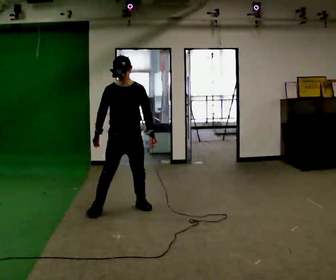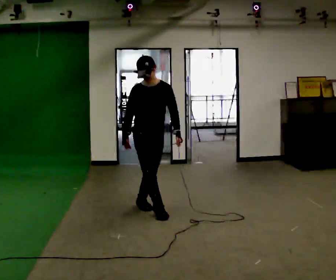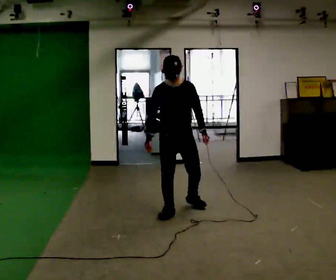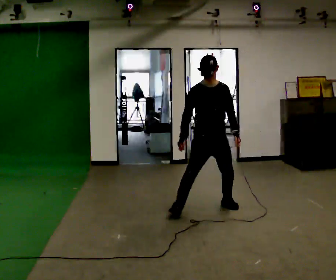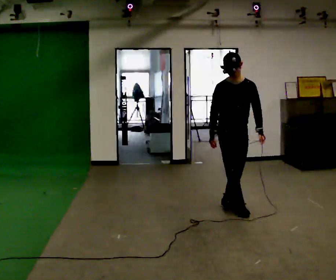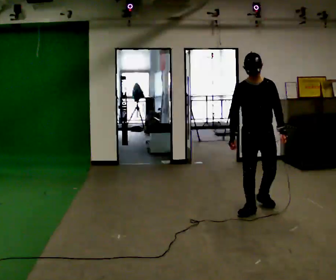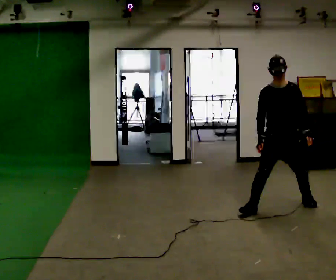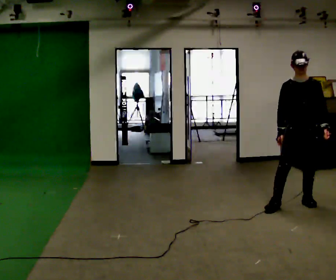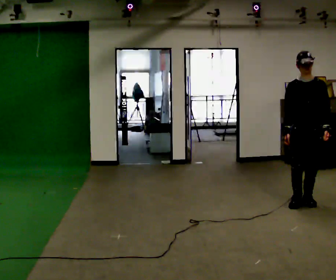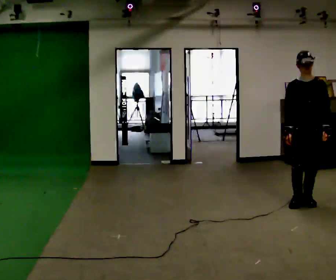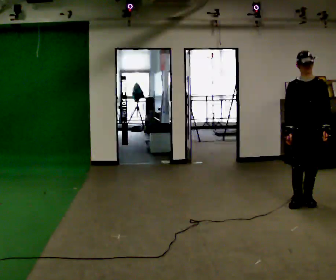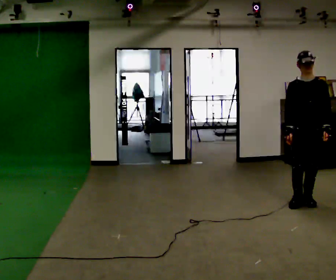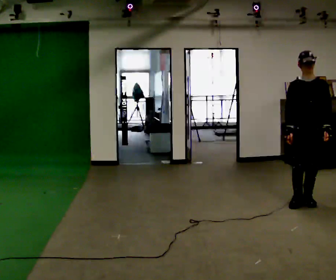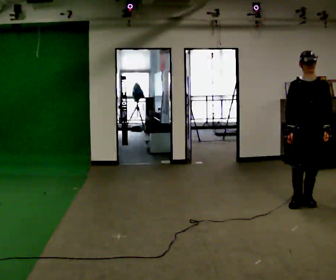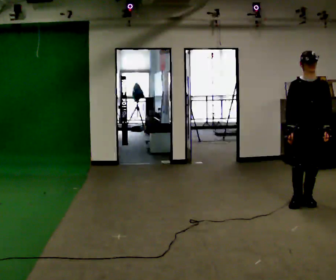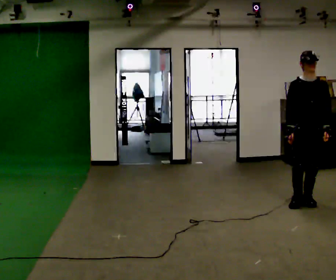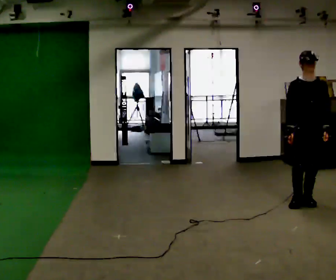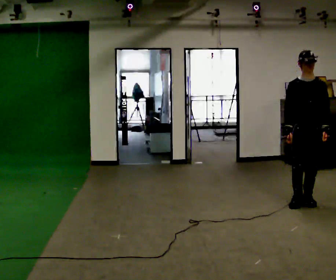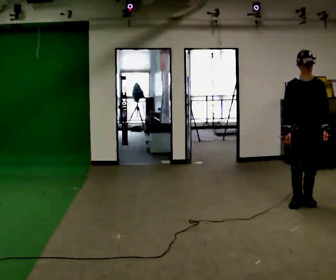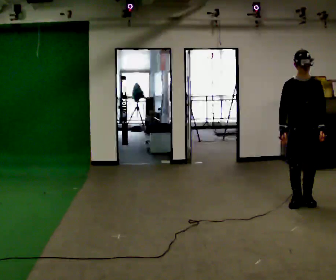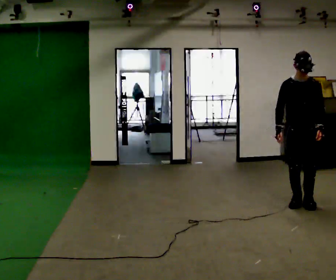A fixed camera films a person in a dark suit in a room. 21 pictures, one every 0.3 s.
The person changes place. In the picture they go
to the right.
0.0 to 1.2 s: In the picture they go to the right, about 1 m in 2 steps, which for them is to their left.
1.2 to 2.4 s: The part of the body nearest the lens slides to the left as the person turns to their right by about 30 degrees. In the picture they go to the right, about 1 m in 2 steps, which for them is to their left.
2.4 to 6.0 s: The person moves a little, or ends about where they began.
The film runs backward here.
